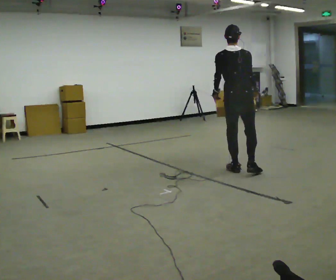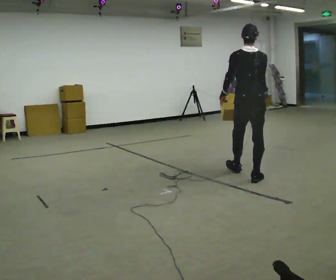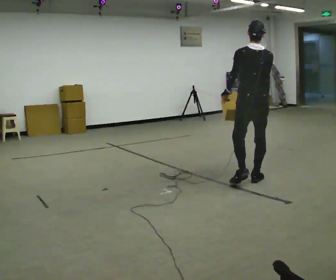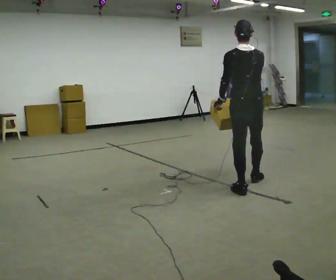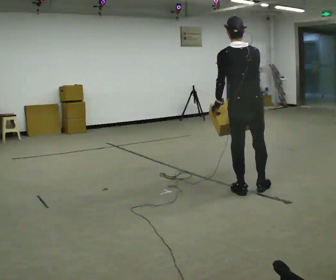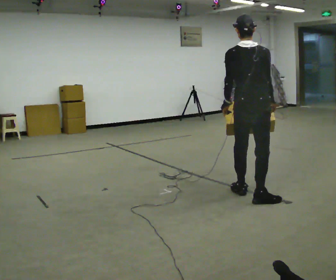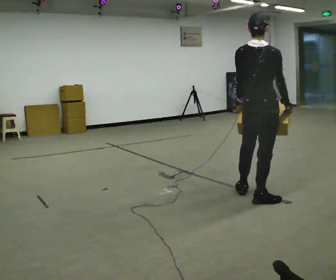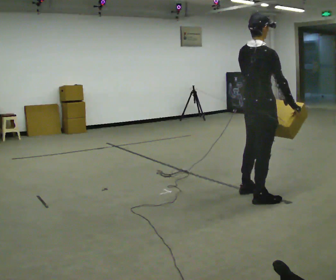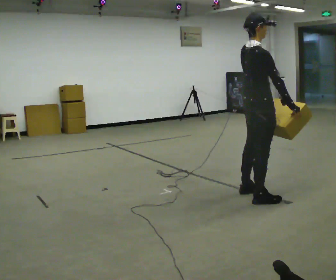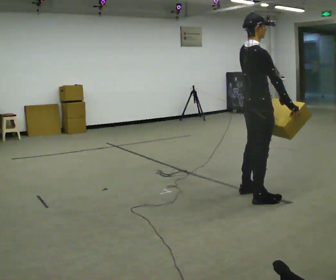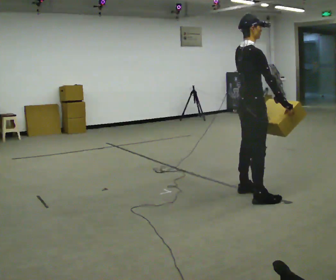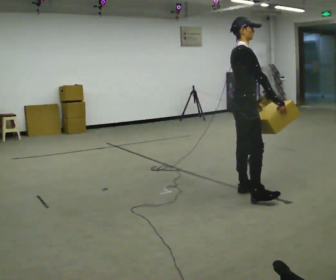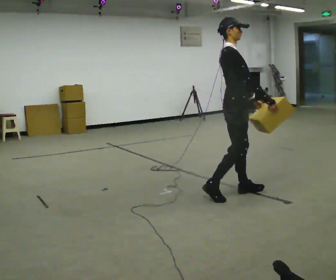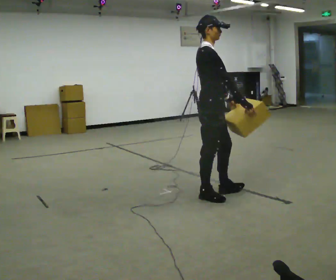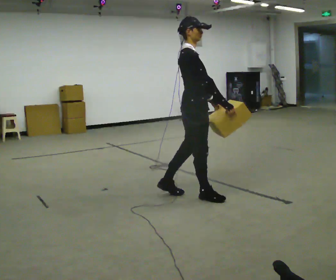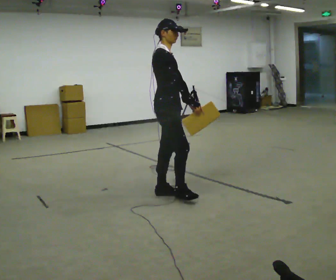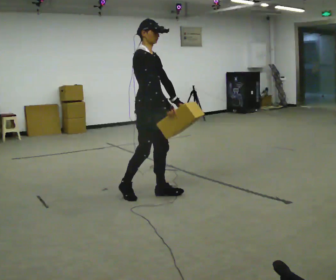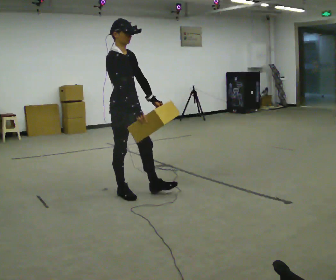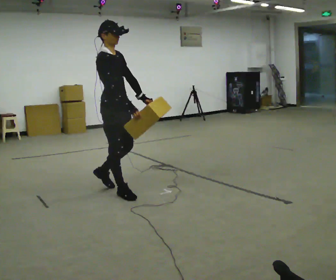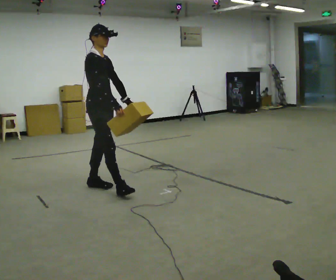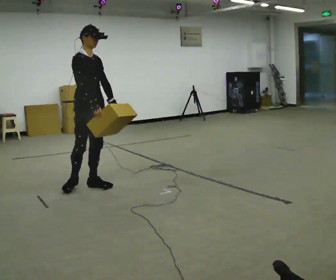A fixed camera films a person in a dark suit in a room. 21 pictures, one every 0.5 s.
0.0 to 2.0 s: In the picture they go toward the camera, about 1 m in 2 steps, which for them is backward.
2.0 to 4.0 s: The part of the body nearest the lens slides to the left as the person turns to their right by about 75 degrees. In the picture they go toward the camera, about 0.25 m. In the picture their right hand goes to the right.
4.0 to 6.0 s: In the picture they go to the left and away from the camera, about 0.25 m in 1 step, which for them is to their left.
6.0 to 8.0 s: In the picture they go to the left, about 1 m in 2 steps, which for them is backward.
8.0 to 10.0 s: In the picture they go to the left, about 0.5 m in 2 steps, which for them is backward.
The film runs backward here.
